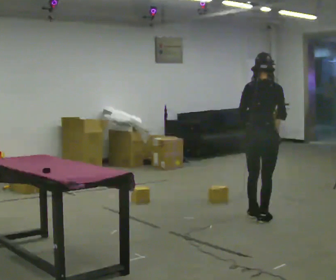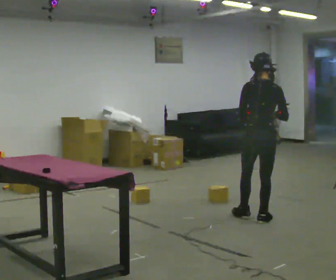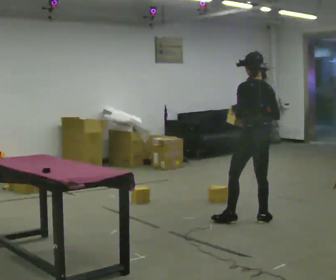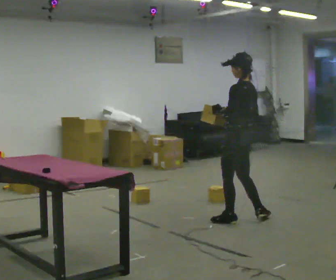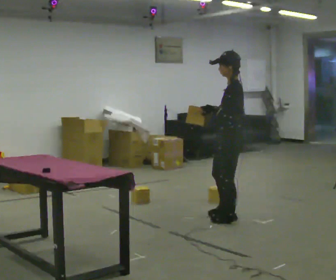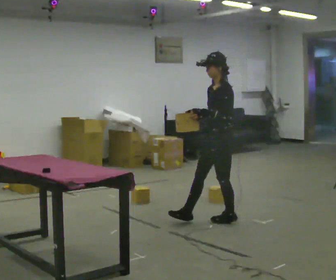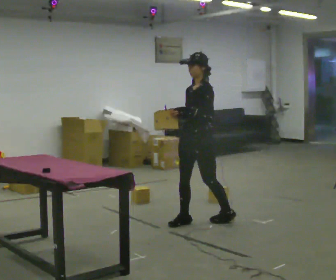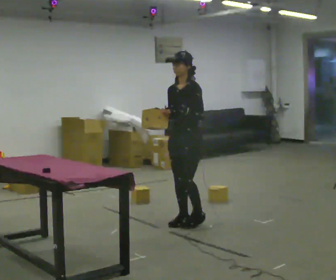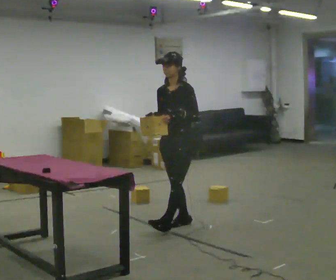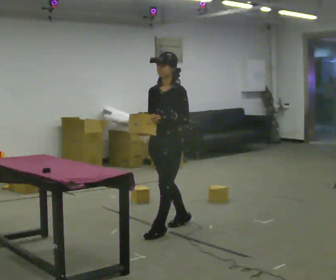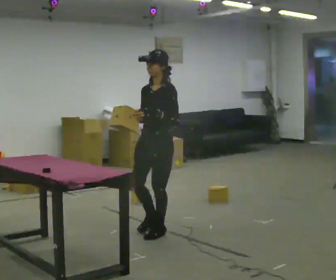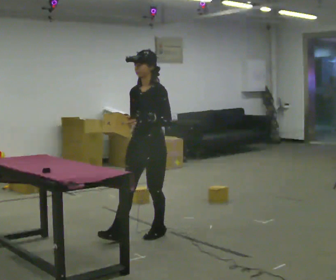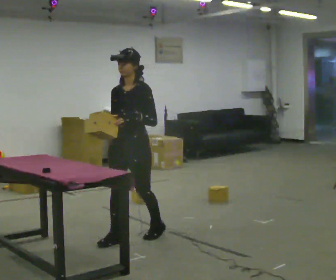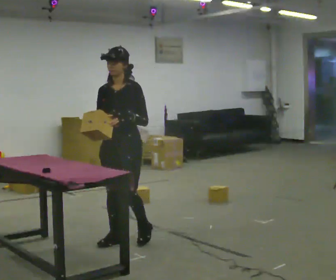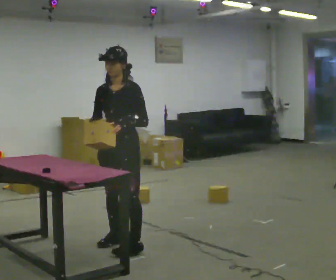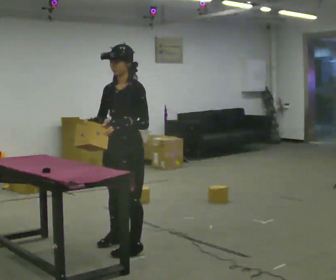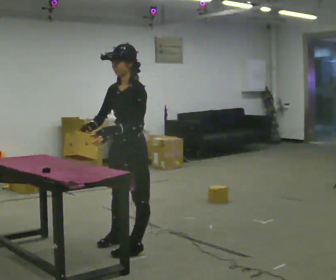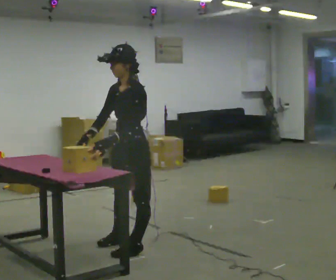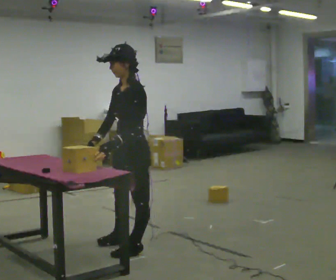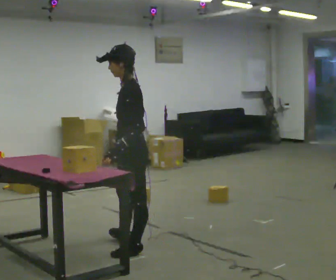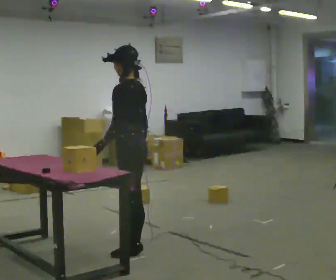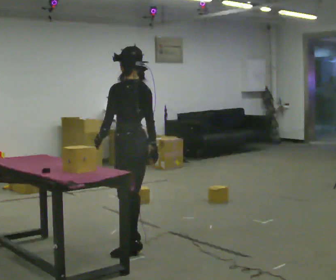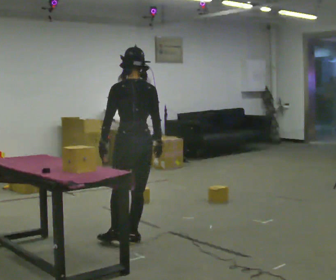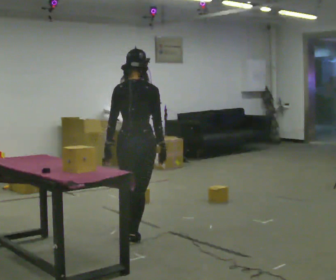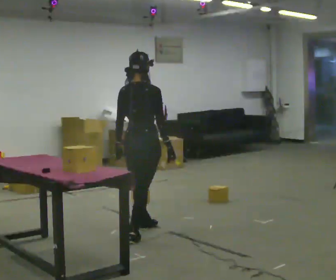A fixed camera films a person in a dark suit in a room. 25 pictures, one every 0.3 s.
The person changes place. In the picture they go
to the left.
The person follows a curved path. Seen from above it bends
counterclockwise.
0.0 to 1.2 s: The part of the body nearest the lens slides to the right as the person turns to their left by about 105 degrees. In the picture they go to the left, about 0.25 m in 1 step.
1.2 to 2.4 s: The person turns about 45 degrees to their left, counterclockwise seen from above, so the part of the body nearest the lens slides to the right. In the picture they go to the left, about 0.5 m in 1 step, which for them is forward.
2.4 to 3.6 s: In the picture they go to the left and toward the camera, about 0.5 m in 2 steps, which for them is forward.
3.6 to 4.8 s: The person turns about 30 degrees to their right, clockwise seen from above, so the part of the body nearest the lens slides to the left. In the picture they go toward the camera, about 0.25 m in 1 step, which for them is forward and to their left.
4.8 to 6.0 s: Seen from above the body turns clockwise, about 60 degrees: to their right, with its near side sliding to the left. In the picture their right hand goes to the right, the arm swinging counterclockwise.
6.0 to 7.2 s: Seen from above the body turns clockwise, about 90 degrees: to their right, with its near side sliding to the left. In the picture they go away from the camera, about 0.5 m in 1 step.
The film runs forward here.
